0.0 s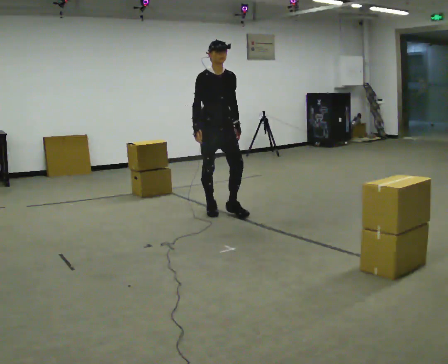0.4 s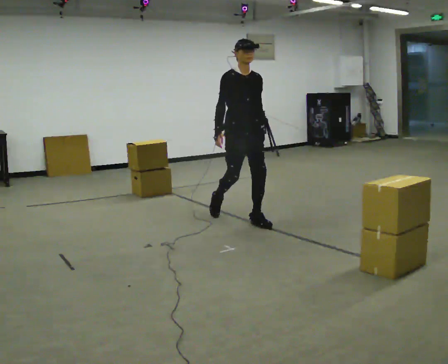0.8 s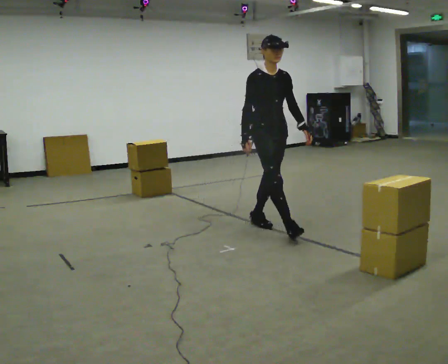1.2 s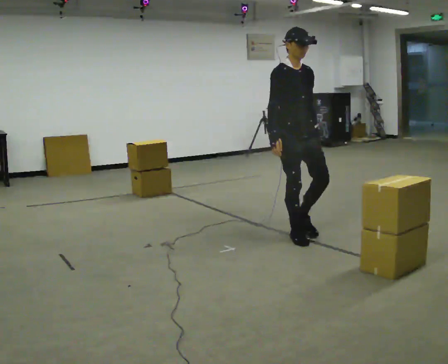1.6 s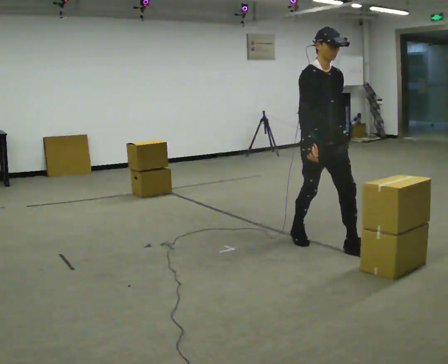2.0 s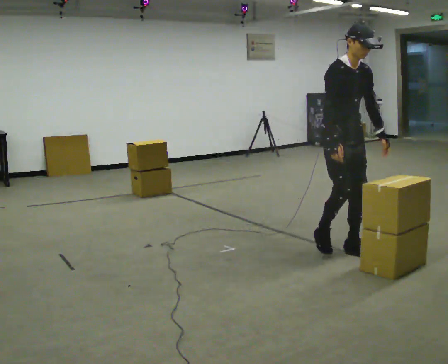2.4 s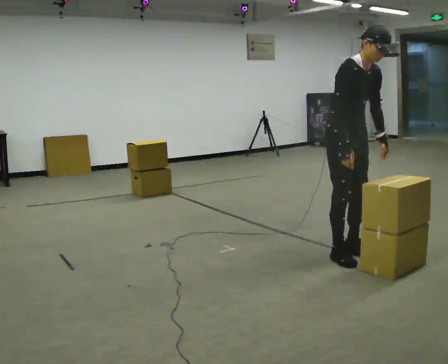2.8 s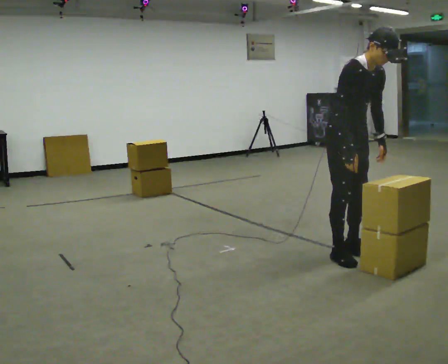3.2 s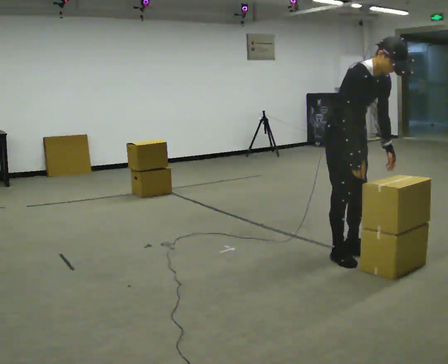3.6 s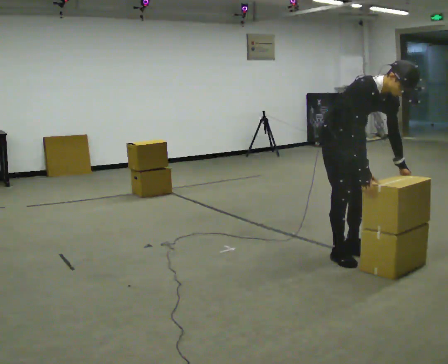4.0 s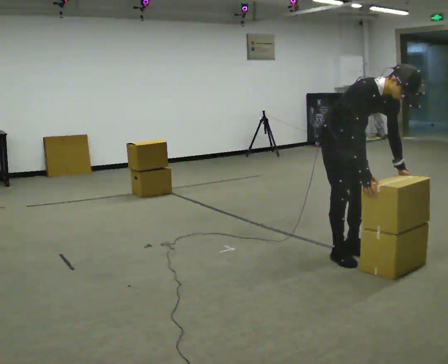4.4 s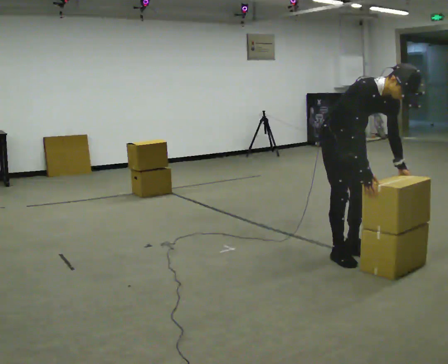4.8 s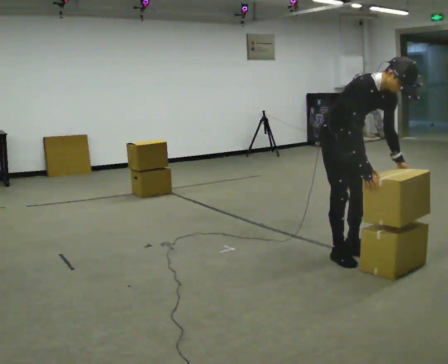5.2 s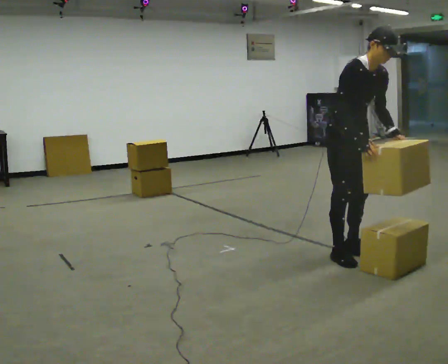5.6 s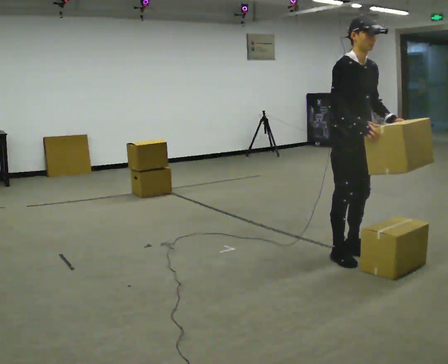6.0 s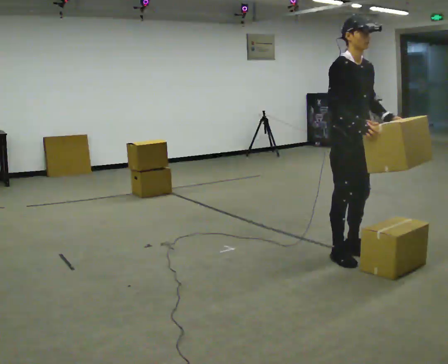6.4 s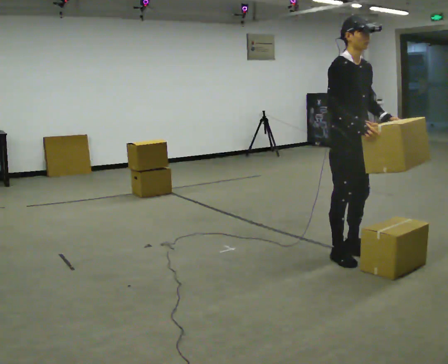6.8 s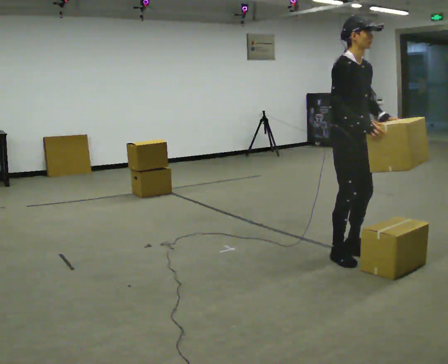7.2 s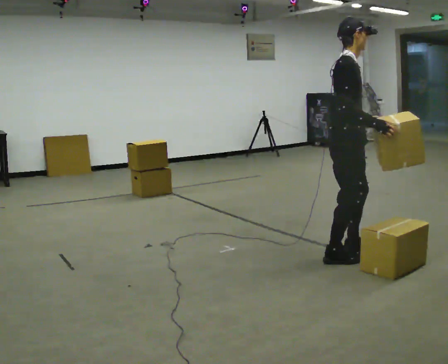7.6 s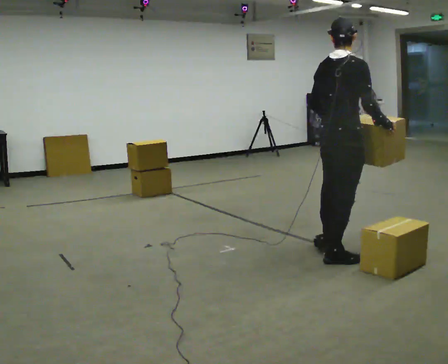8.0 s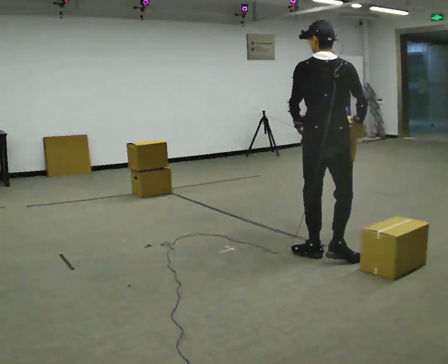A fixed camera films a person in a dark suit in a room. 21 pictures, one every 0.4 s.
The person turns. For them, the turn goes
to their left.
The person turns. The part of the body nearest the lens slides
to the right.
0.0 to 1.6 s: In the picture they go to the right and toward the camera, about 1.5 m in 3 steps, which for them is forward.
1.6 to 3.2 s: In the picture they go toward the camera, about 0.25 m in 1 step, which for them is forward. In the picture the upper body tilts clockwise, shoulders to the right, as they bend forward.
3.2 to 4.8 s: The person moves a little, or ends about where they began.
4.8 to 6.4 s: The shoulders move upward. In the picture the upper body tilts counterclockwise, shoulders to the left, as they lean back or straighten.
6.4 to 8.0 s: The person turns about 135 degrees to their left, counterclockwise seen from above, so the part of the body nearest the lens slides to the right.
The film runs forward here.
